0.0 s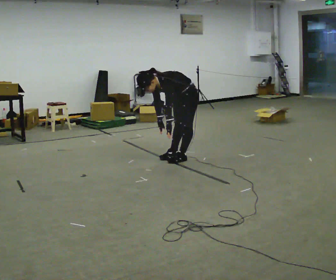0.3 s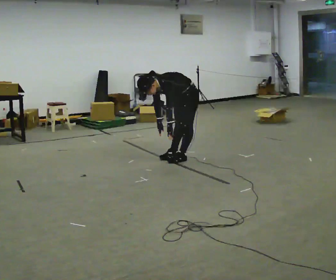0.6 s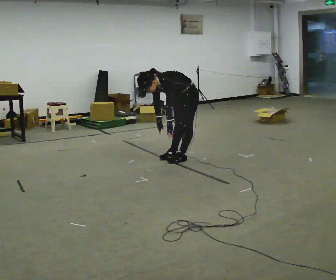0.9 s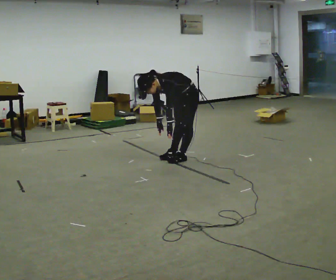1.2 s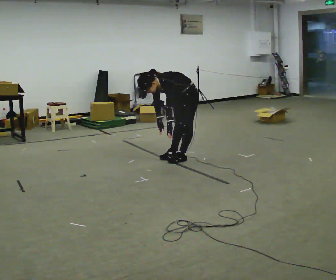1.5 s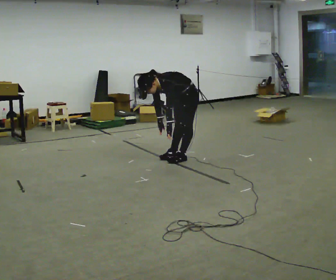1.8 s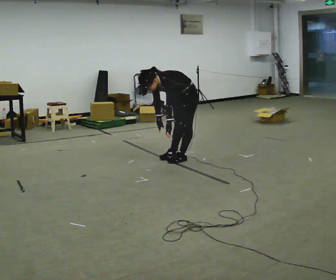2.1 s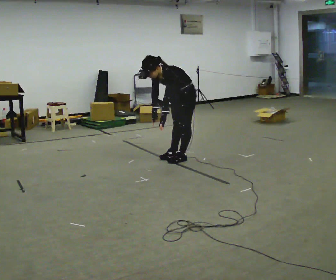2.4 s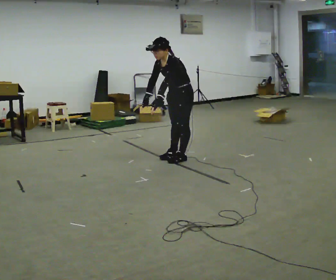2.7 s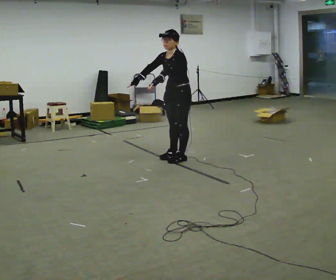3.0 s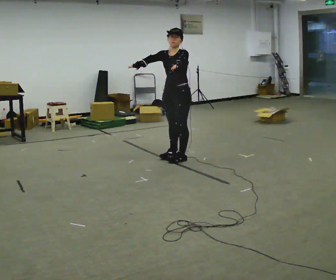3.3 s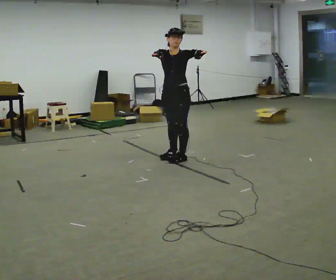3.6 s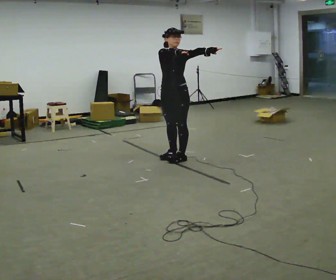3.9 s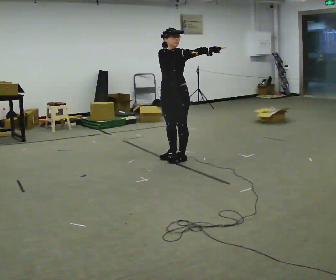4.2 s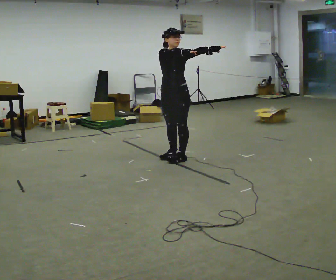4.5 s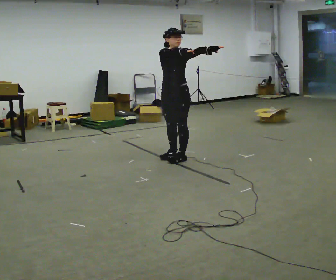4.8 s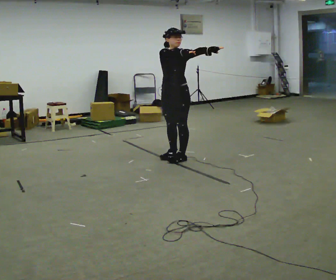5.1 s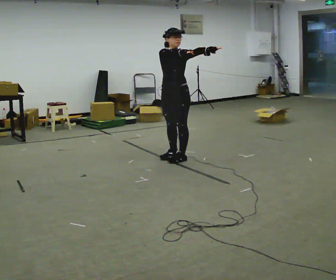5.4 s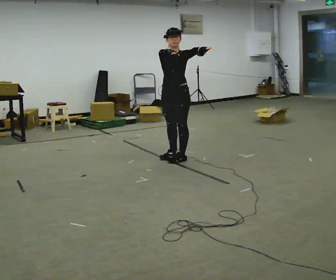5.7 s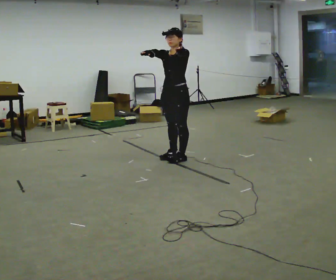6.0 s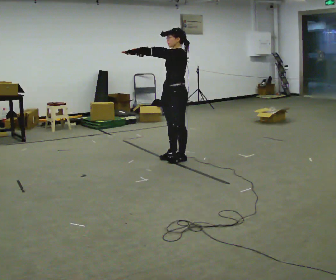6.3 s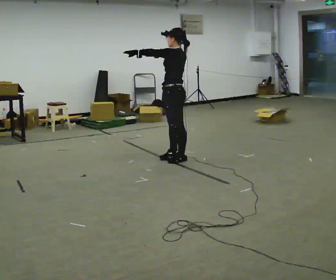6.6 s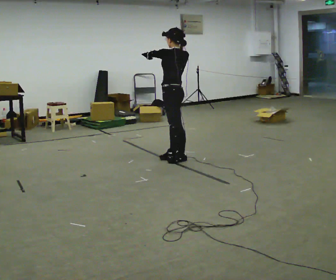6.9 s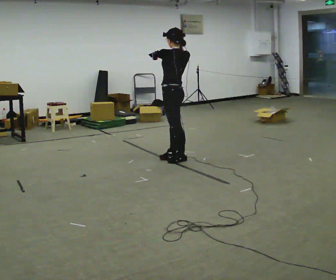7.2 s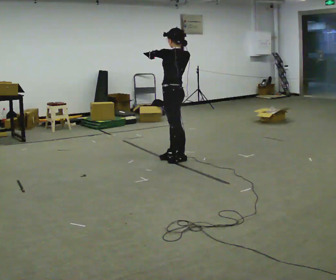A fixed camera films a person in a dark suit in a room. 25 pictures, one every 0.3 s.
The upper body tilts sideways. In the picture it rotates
clockwise.
Their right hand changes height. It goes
upward.
0.0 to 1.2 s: The person keeps their place and pose.
1.2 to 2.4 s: The shoulders move upward. In the picture the upper body tilts clockwise, shoulders to the right, as they lean back or straighten. In the picture their left hand goes upward.
2.4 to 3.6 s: Seen from above the body turns counterclockwise, about 45 degrees: to their left, with its near side sliding to the right. In the picture the upper body tilts clockwise, shoulders to the right, as they lean back or straighten. In the picture their right hand goes upward and to the right.
3.6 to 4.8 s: The person moves a little, or ends about where they began.
4.8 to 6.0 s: The person turns about 60 degrees to their right, clockwise seen from above, so the part of the body nearest the lens slides to the left. In the picture their right hand goes to the left.
6.0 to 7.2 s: Seen from above the body turns clockwise, about 45 degrees: to their right, with its near side sliding to the left.
The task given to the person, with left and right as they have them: Reach as far as you comfortably can in each direction the operator calls: up, down, forward, each side, and behind. Hold each one briefly. Keep both feet on the marked spots for the whole take. If you have to step, stop and tell the operator.
The film runs forward here.
